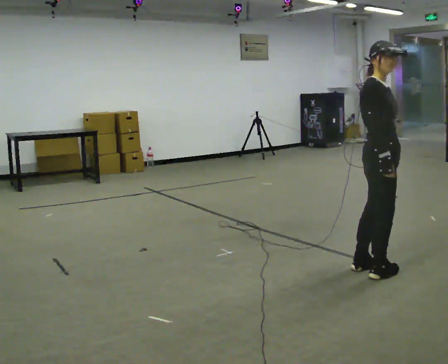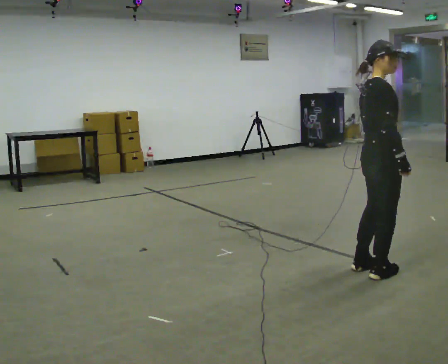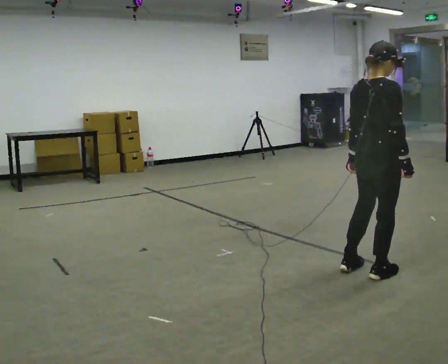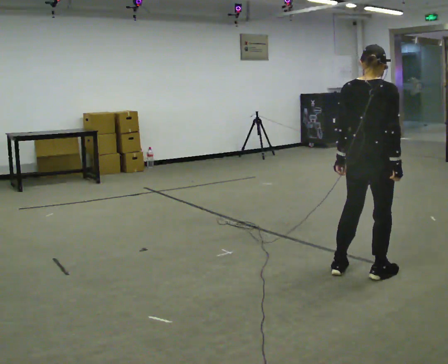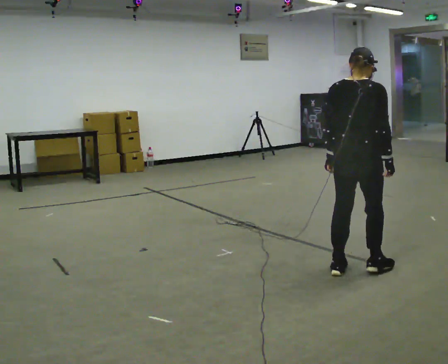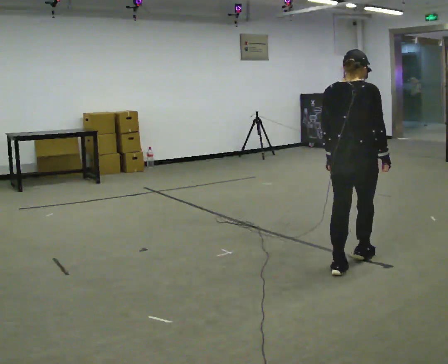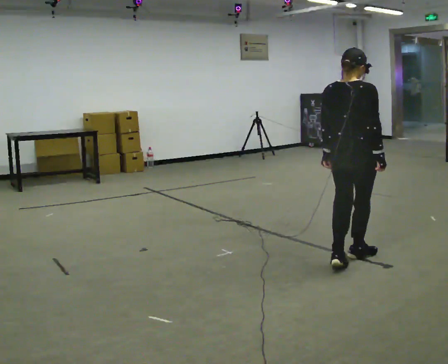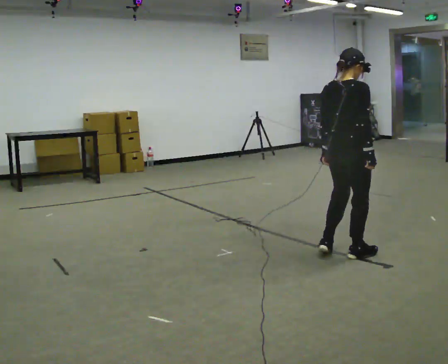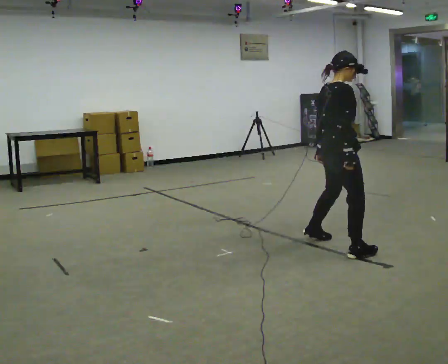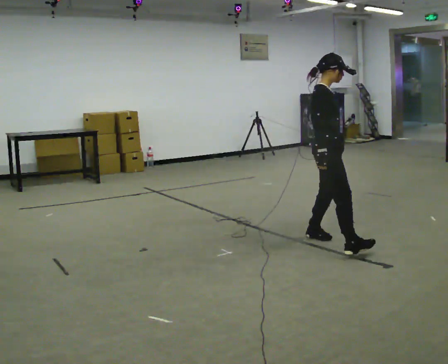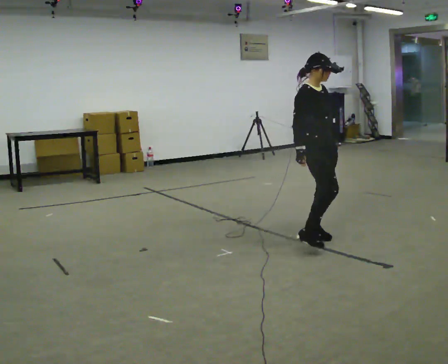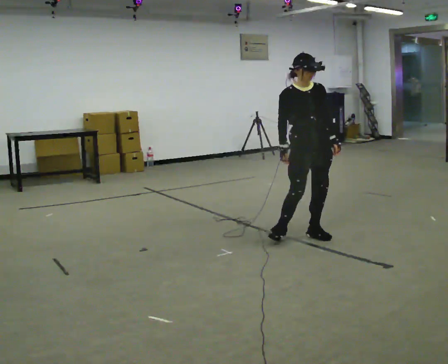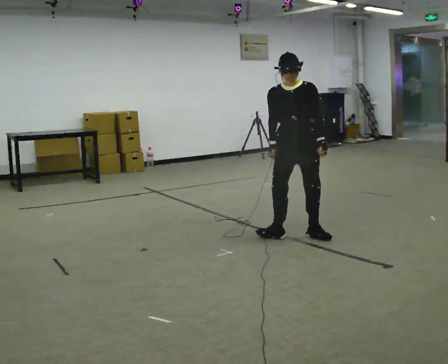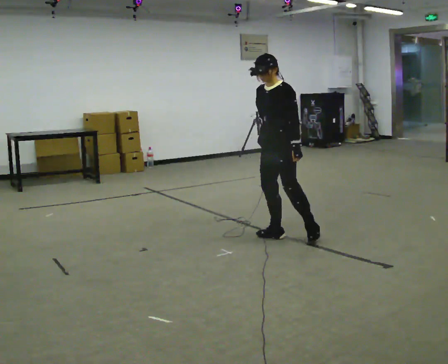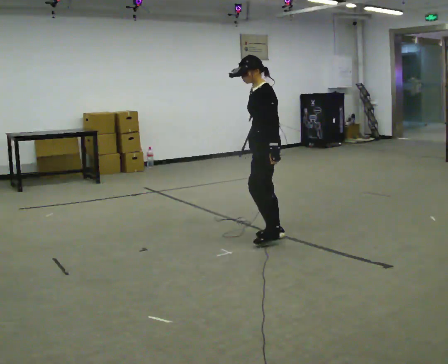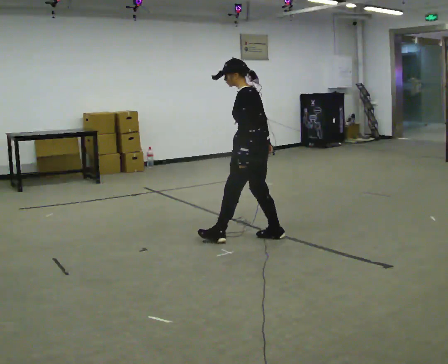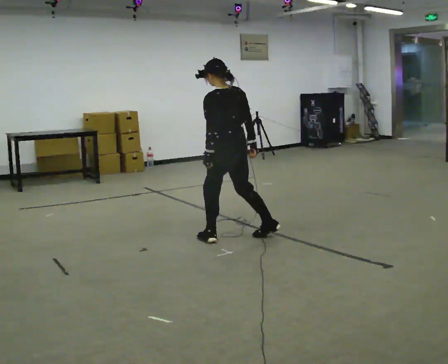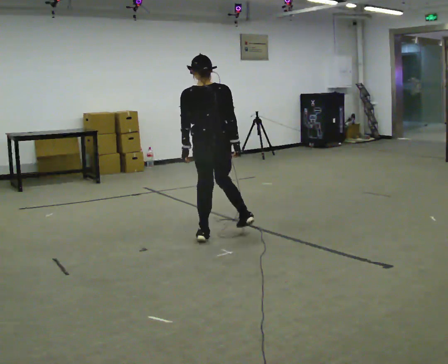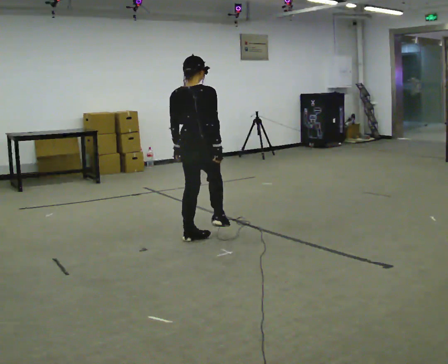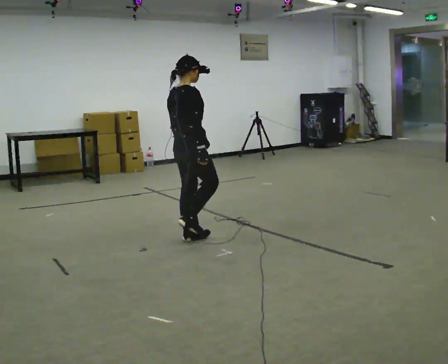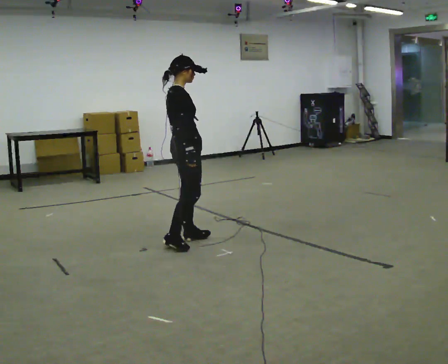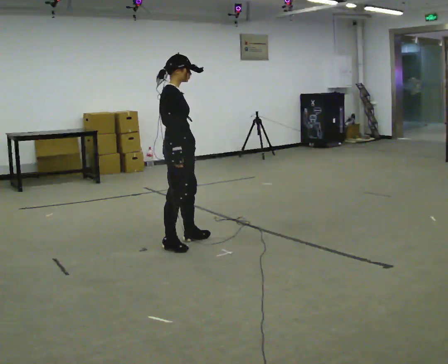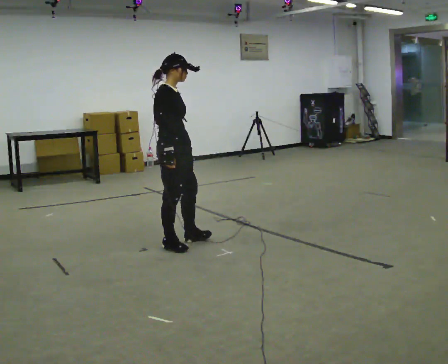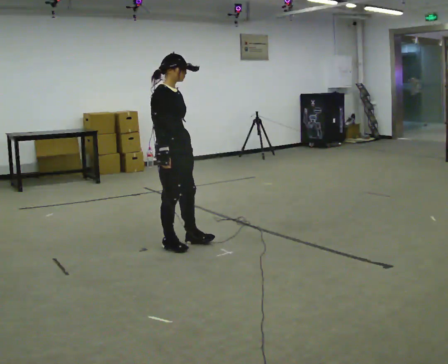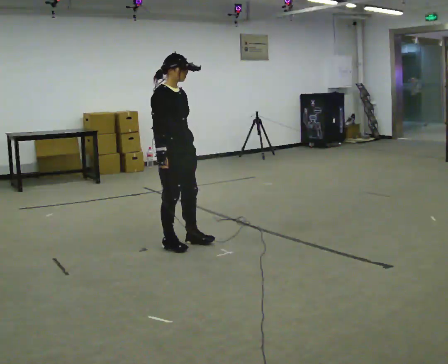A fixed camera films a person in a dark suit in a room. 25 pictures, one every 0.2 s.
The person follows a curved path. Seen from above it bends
counterclockwise.
The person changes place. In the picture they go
to the left.
0.0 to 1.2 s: The person turns about 75 degrees to their left, counterclockwise seen from above, so the part of the body nearest the lens slides to the right. In the picture they go away from the camera, about 0.25 m in 2 steps. In the picture their left hand goes to the left.
1.2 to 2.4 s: The part of the body nearest the lens slides to the left as the person turns to their right by about 165 degrees. In the picture they go away from the camera and to the left, about 1 m in 1 step.
2.4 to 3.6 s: The part of the body nearest the lens slides to the left as the person turns to their right by about 180 degrees. In the picture they go to the left, about 1 m in 3 steps.
3.6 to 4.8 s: The person turns about 90 degrees to their right, clockwise seen from above, so the part of the body nearest the lens slides to the left. In the picture they go to the left and toward the camera, about 0.25 m.
The film runs backward here.
